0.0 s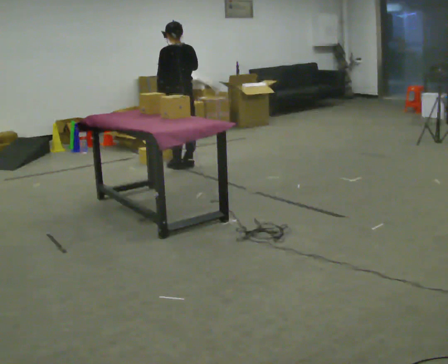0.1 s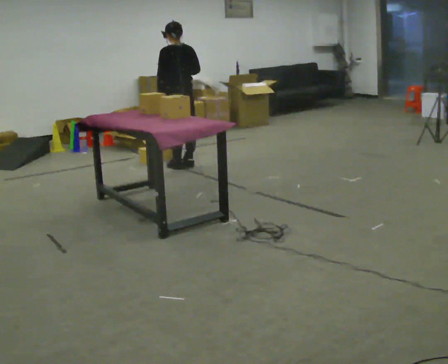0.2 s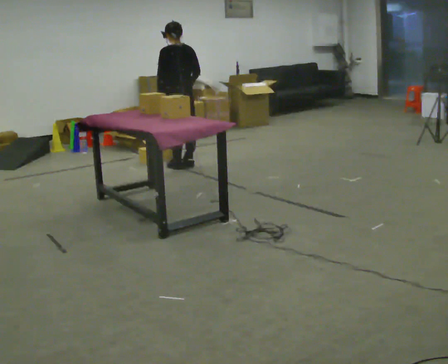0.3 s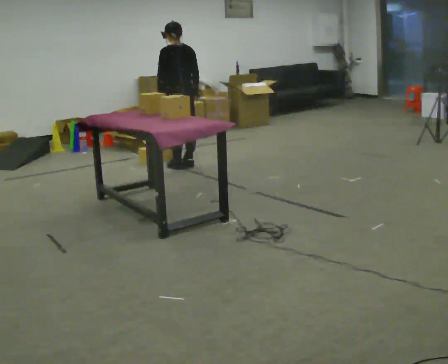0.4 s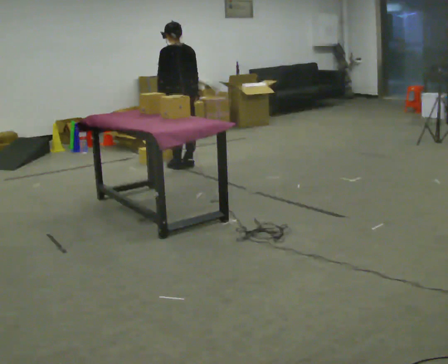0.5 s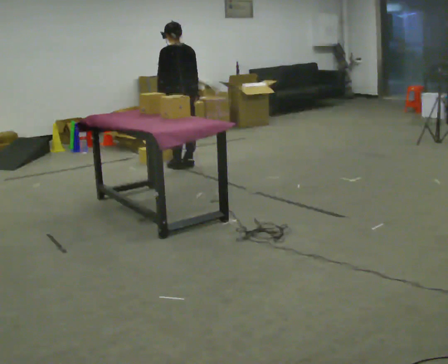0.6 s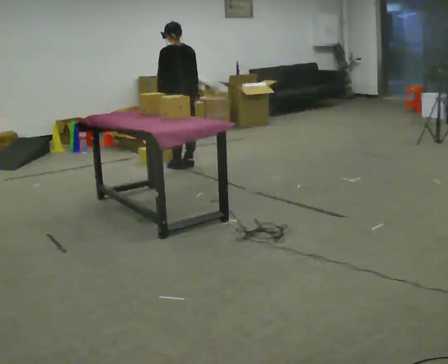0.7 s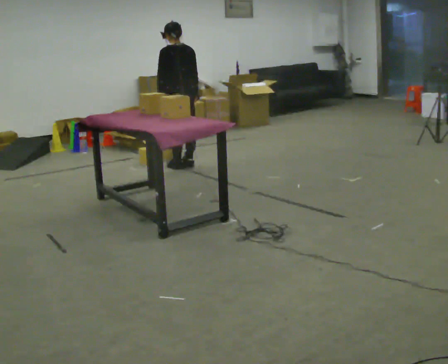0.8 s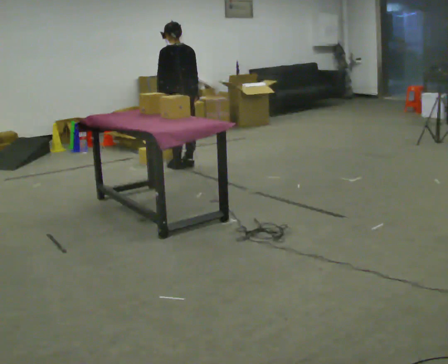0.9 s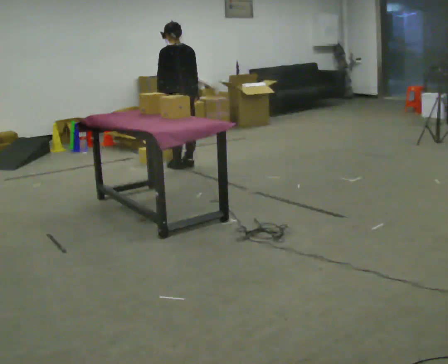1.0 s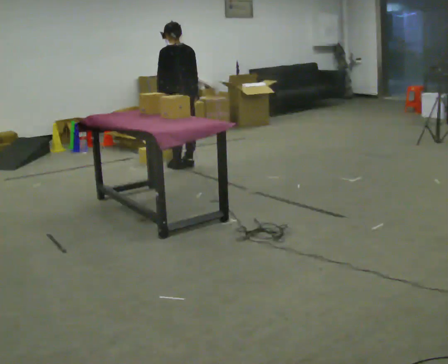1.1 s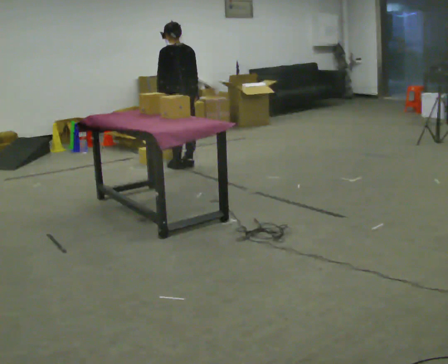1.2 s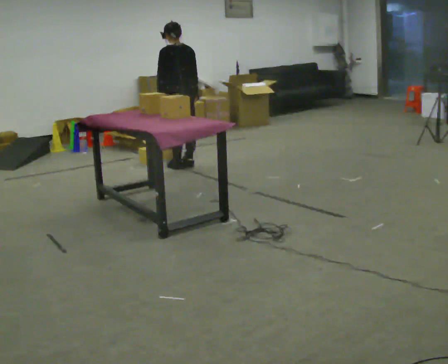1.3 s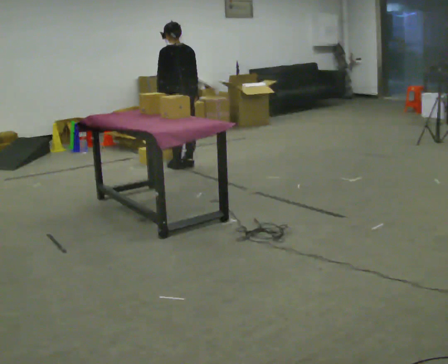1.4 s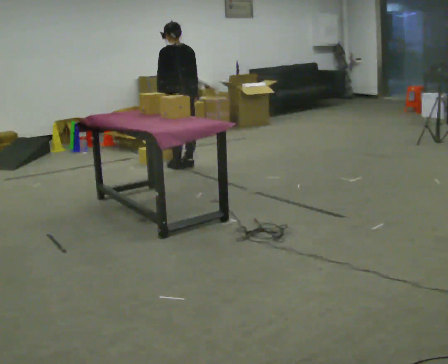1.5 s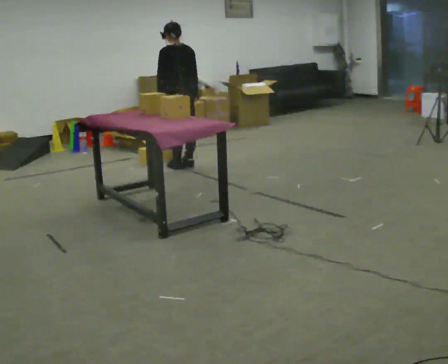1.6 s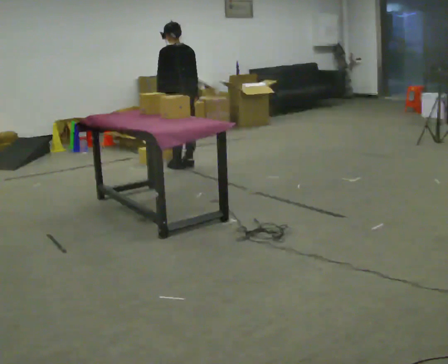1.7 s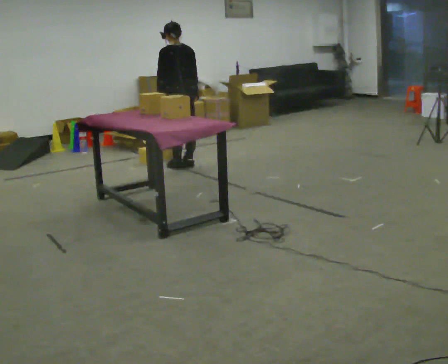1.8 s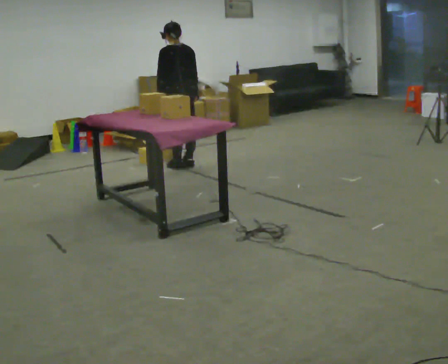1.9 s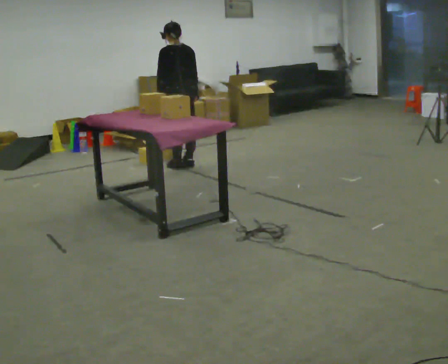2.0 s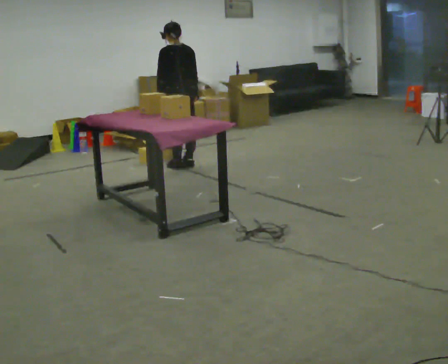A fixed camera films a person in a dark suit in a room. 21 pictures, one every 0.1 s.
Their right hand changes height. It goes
downward.
0.0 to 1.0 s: In the picture their right hand goes downward.
1.0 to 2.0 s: The person keeps their place and pose.
The film runs backward here.
